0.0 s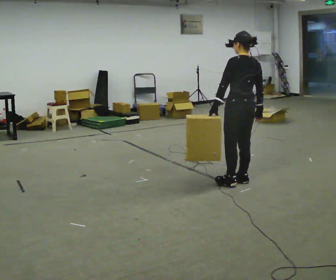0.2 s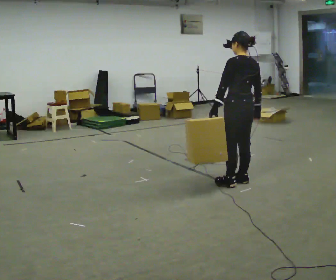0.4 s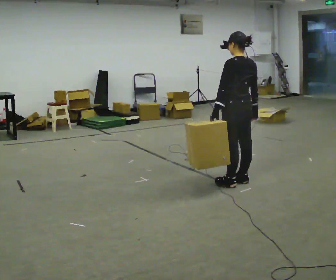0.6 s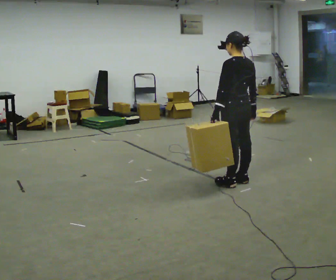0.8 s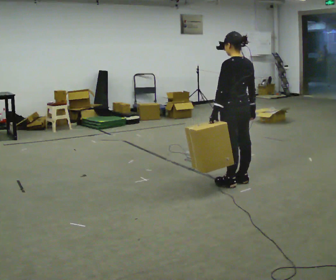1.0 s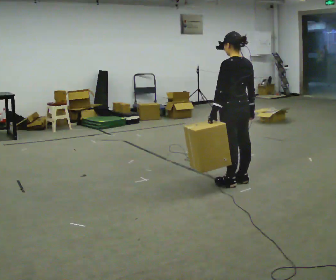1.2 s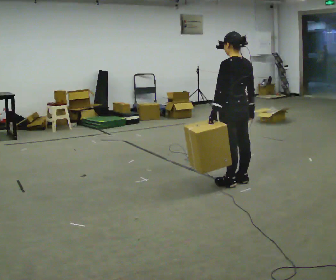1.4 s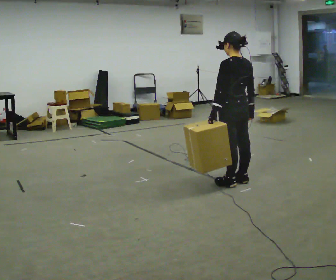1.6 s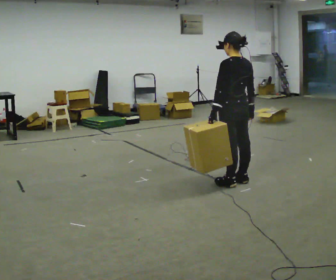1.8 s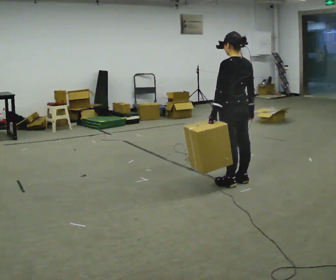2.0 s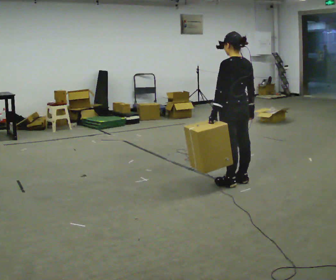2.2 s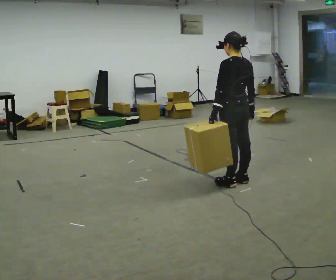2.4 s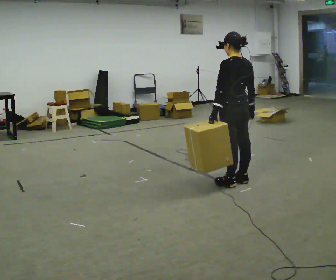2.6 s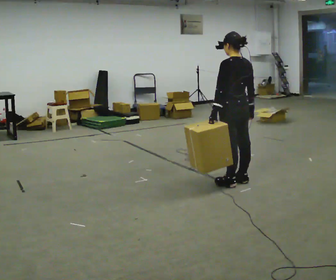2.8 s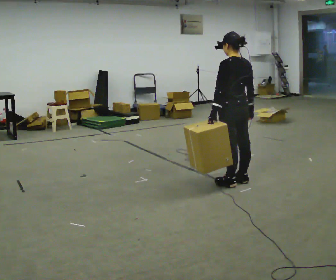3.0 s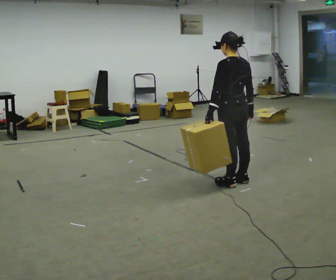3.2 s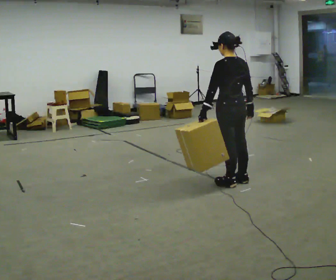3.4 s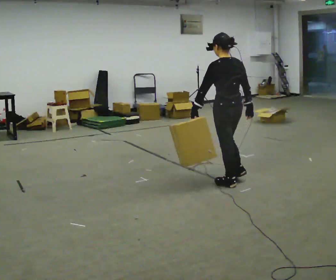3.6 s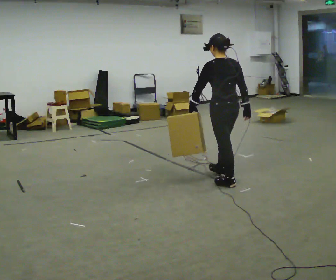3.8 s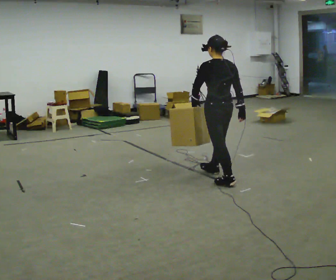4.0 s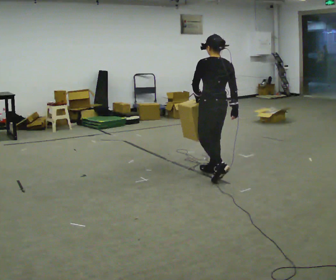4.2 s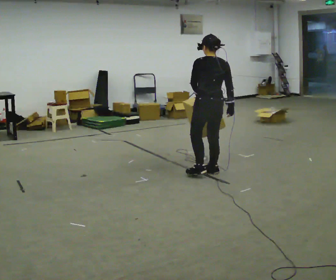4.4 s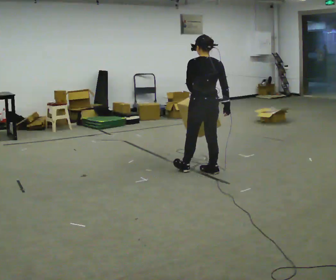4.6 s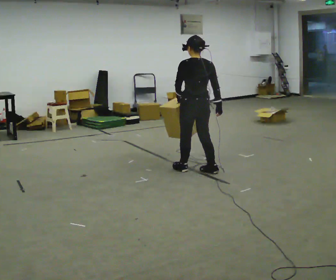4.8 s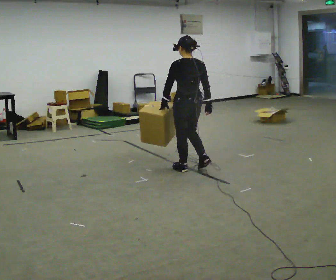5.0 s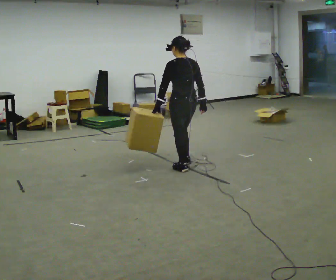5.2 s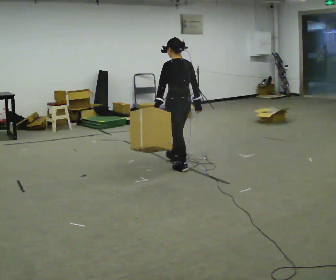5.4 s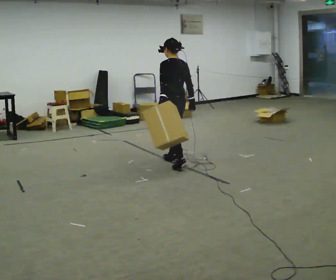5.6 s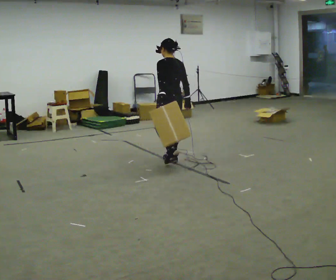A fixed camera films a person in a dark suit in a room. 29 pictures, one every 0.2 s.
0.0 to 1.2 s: The person moves a little, or ends about where they began.
1.2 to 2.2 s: The person keeps their place and pose.
2.2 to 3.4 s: The person moves a little, or ends about where they began.
3.4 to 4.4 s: In the picture they go away from the camera and to the left, about 0.5 m in 1 step, which for them is forward.
4.4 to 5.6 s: In the picture they go away from the camera and to the left, about 0.5 m in 2 steps, which for them is forward.
The film runs forward here.
